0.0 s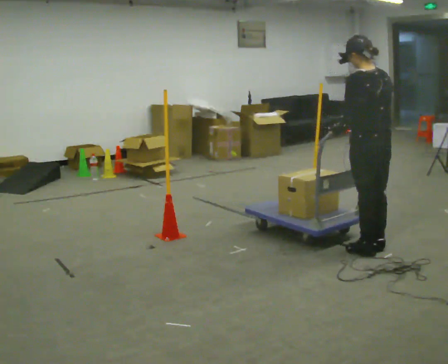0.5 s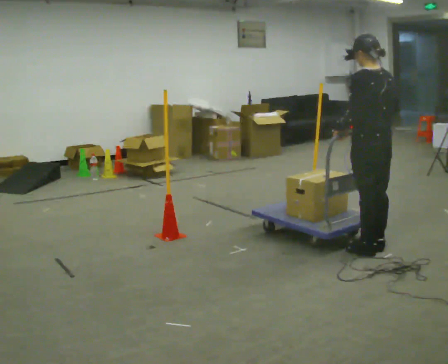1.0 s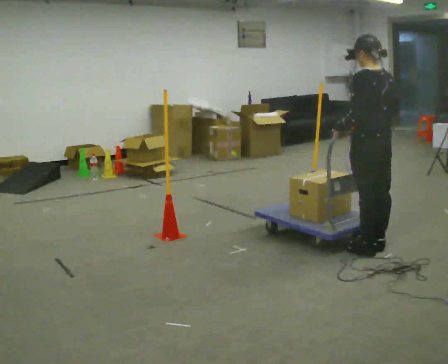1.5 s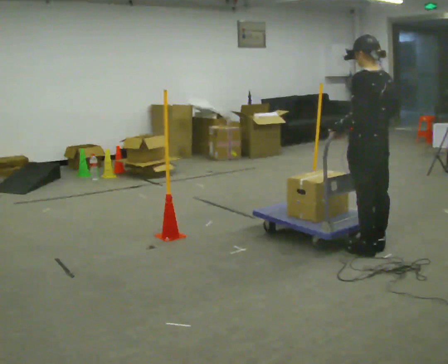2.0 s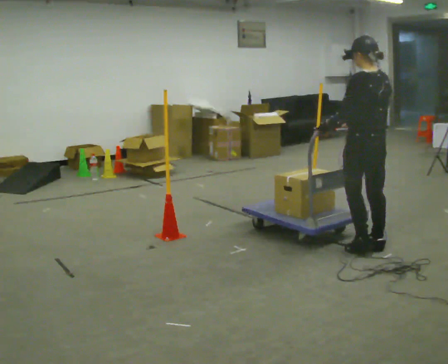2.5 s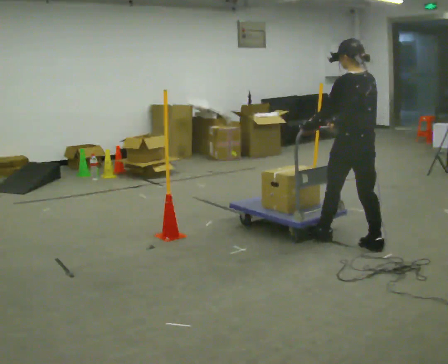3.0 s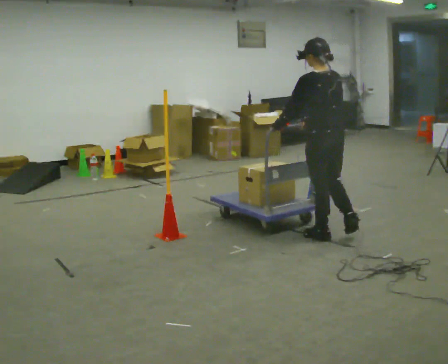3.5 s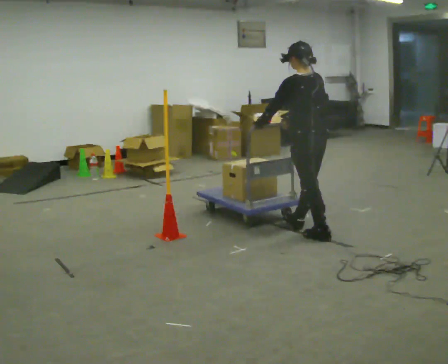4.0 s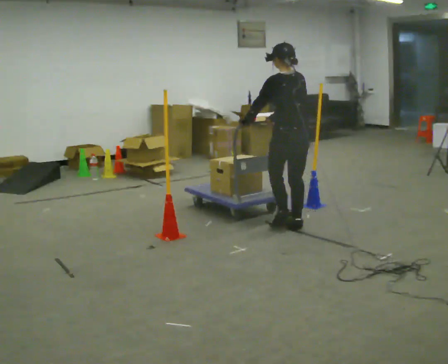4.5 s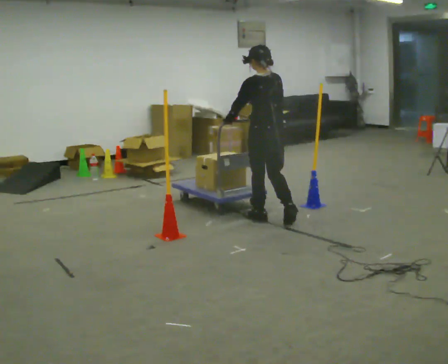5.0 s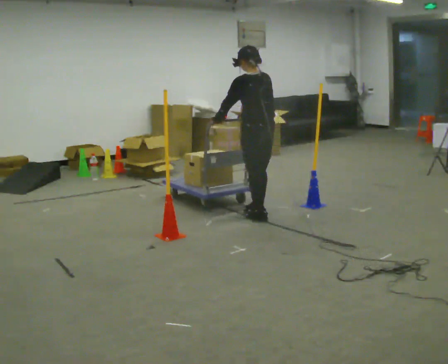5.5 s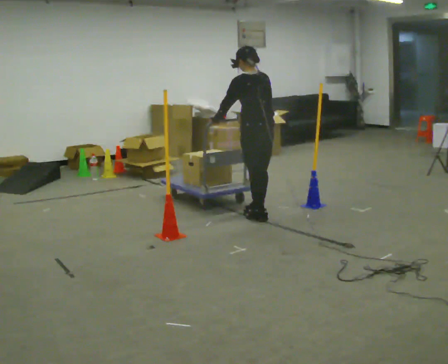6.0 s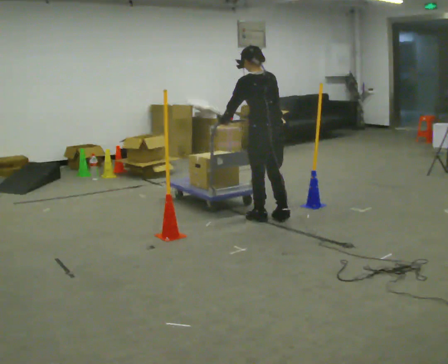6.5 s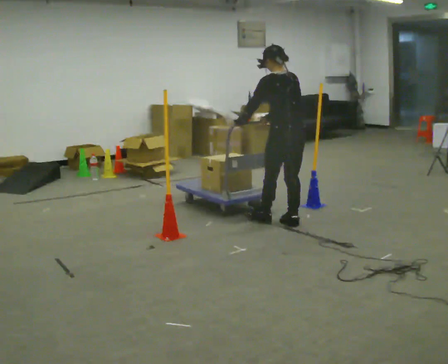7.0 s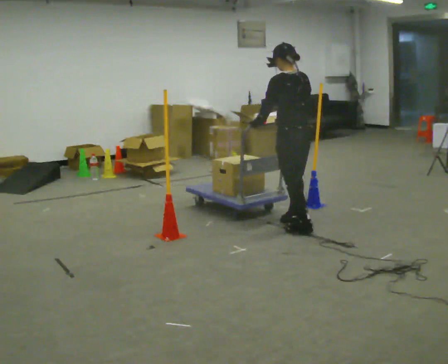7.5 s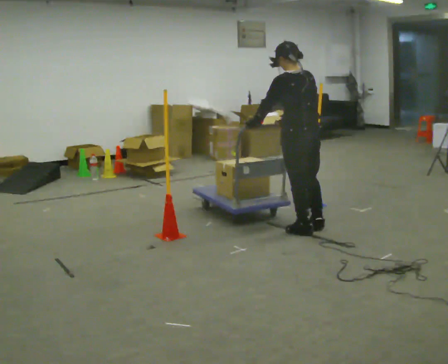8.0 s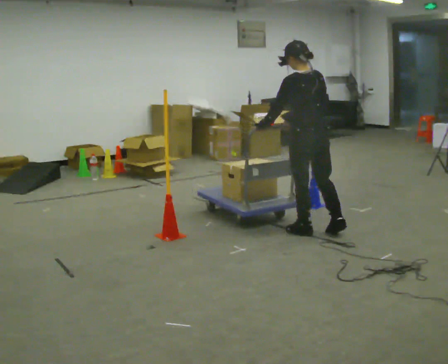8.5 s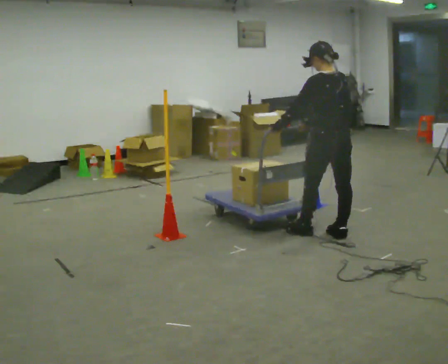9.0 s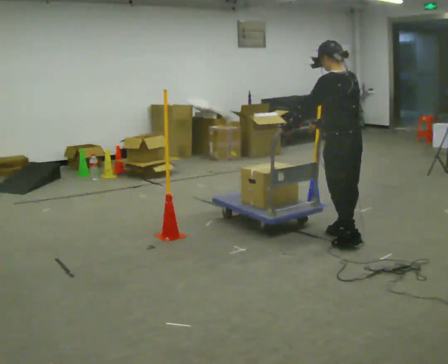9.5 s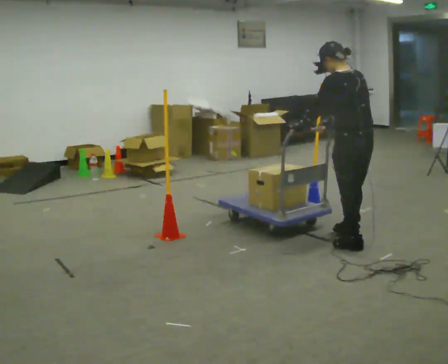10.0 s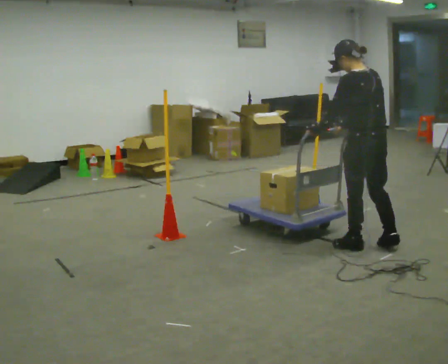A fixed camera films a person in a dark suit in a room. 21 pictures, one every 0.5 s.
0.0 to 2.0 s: The person moves a little, or ends about where they began.
2.0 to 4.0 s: In the picture they go away from the camera and to the left, about 1 m in 2 steps, which for them is forward.
4.0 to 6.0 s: In the picture they go to the left and away from the camera, about 0.25 m in 2 steps, which for them is forward.
6.0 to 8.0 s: In the picture they go toward the camera and to the right, about 0.5 m in 3 steps, which for them is backward.
8.0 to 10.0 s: In the picture they go toward the camera and to the right, about 0.5 m in 2 steps, which for them is backward.
The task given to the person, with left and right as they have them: Push the cart through the gap between the poles without touching them, then bring it back through.
The film runs forward here.
